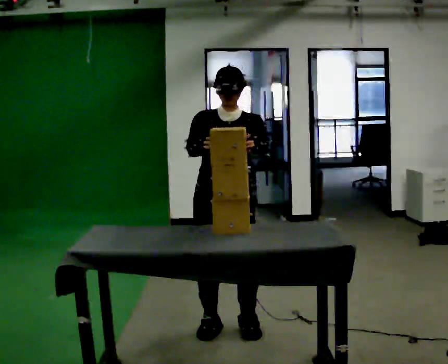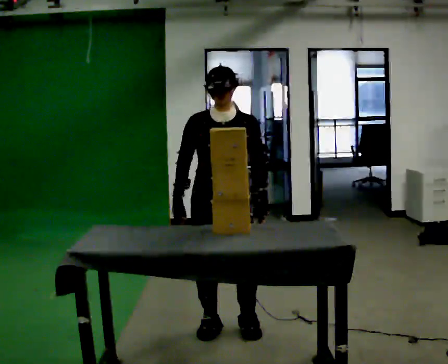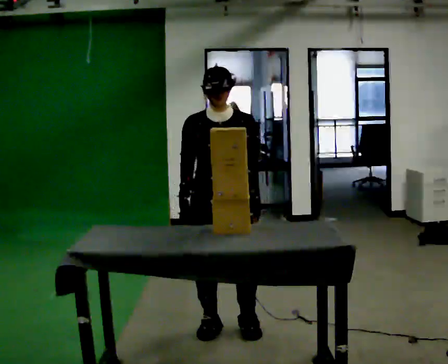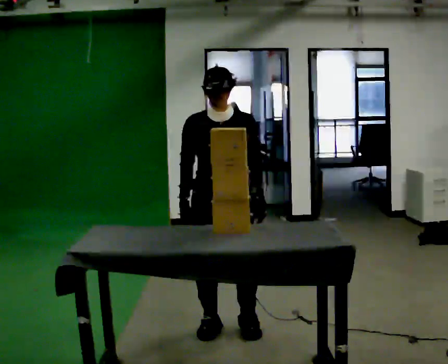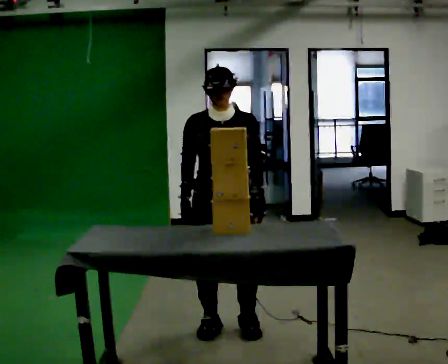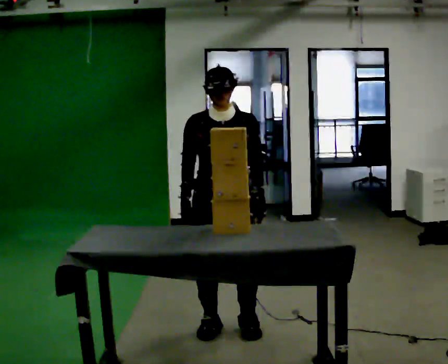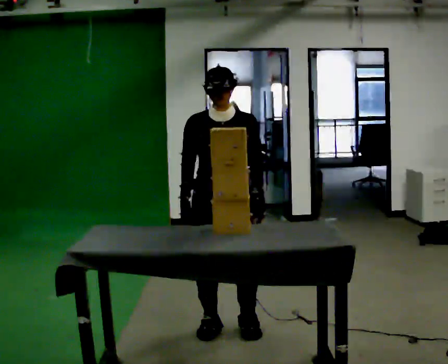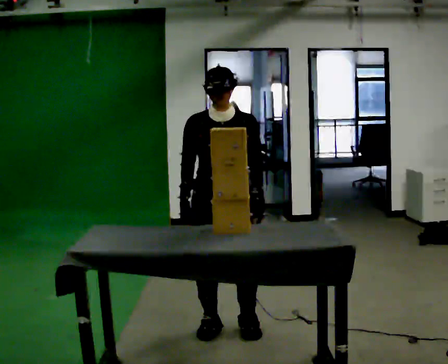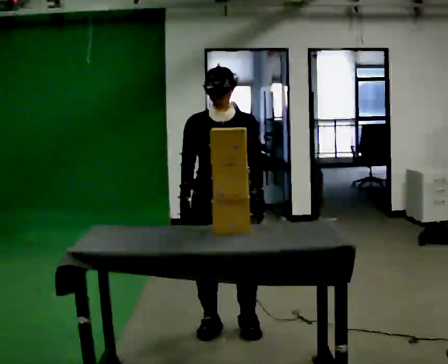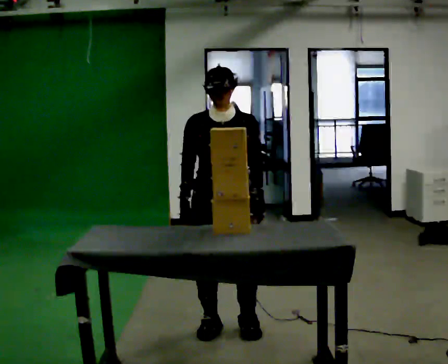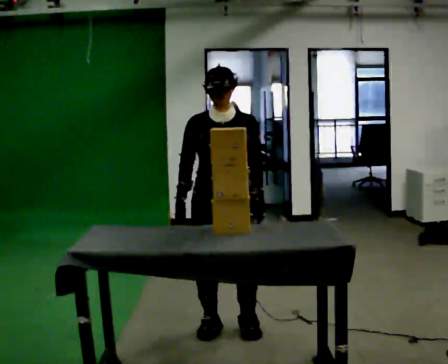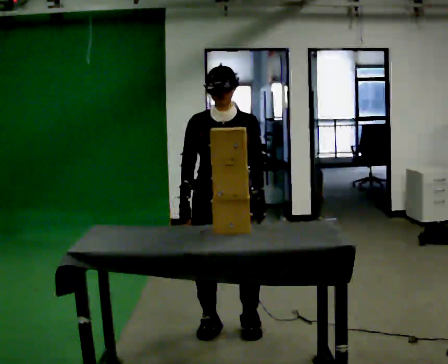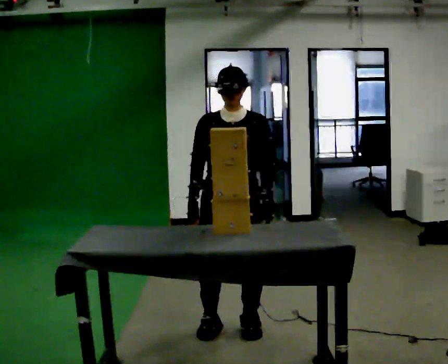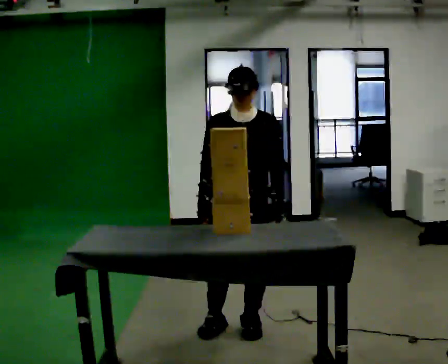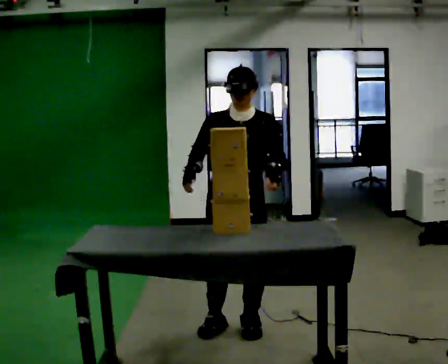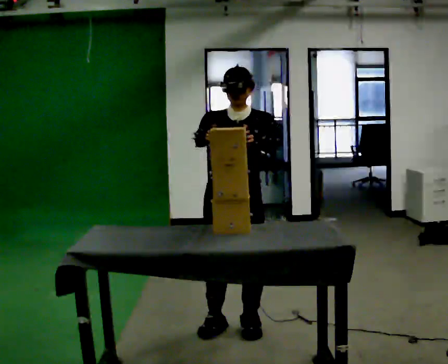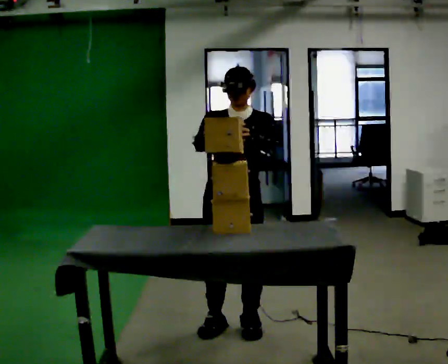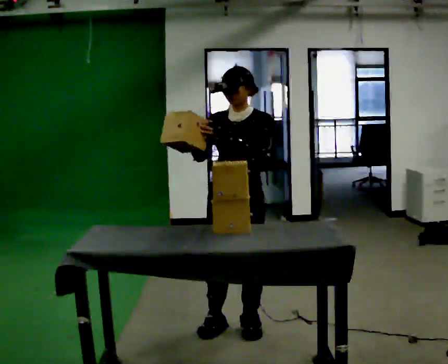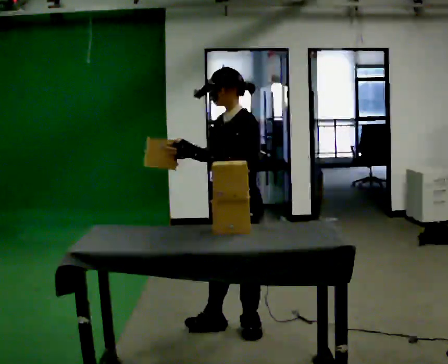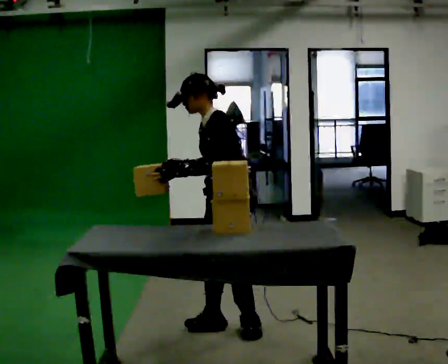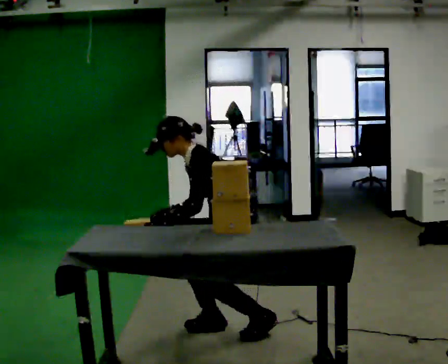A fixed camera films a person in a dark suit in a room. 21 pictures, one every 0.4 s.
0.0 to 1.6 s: In the picture their right hand goes downward.
1.6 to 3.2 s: The person keeps their place and pose.
3.2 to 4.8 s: The person moves a little, or ends about where they began.
4.8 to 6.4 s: In the picture their right hand goes upward.
6.4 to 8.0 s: Seen from above the body turns clockwise, about 60 degrees: to their right, with its near side sliding to the left. The upper body goes downward. In the picture the upper body tilts counterclockwise, shoulders to the left, as they bend forward. In the picture their right hand goes downward.
The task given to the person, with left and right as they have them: Pick the fragile object up and set it back down as gently as you can. Repeat at your own pace until the operator says stop. Keep both feet on the marked spots for the whole take. If you have to step, stop and tell the operator.
The film runs forward here.
